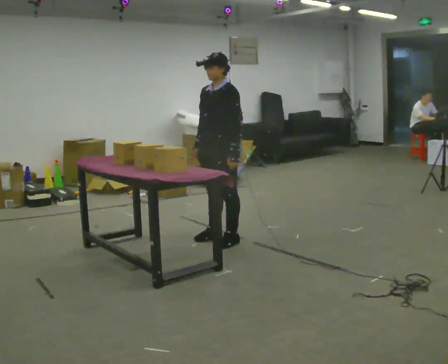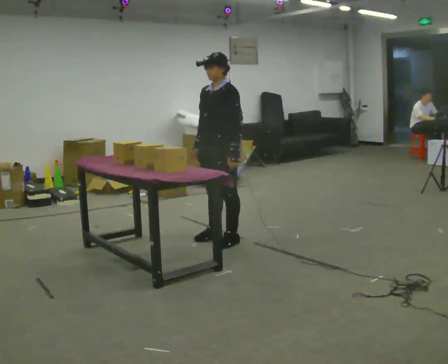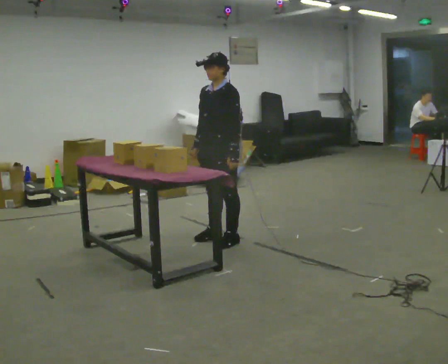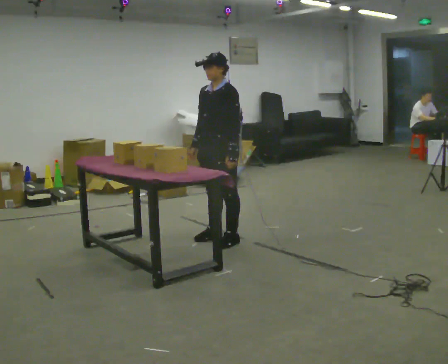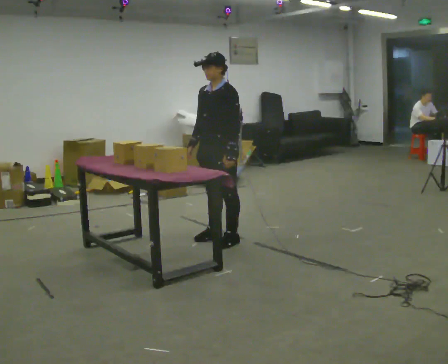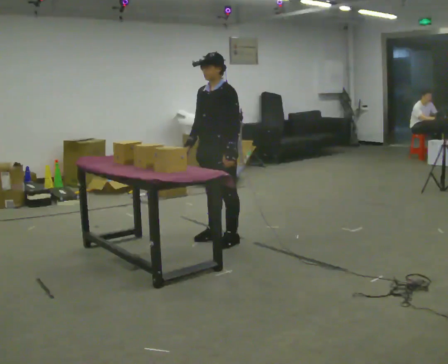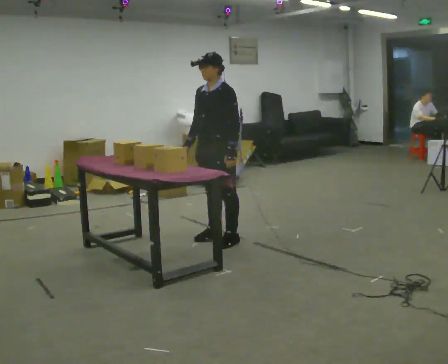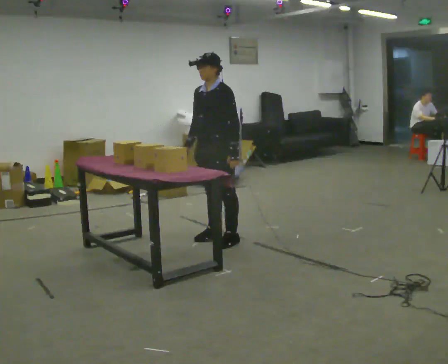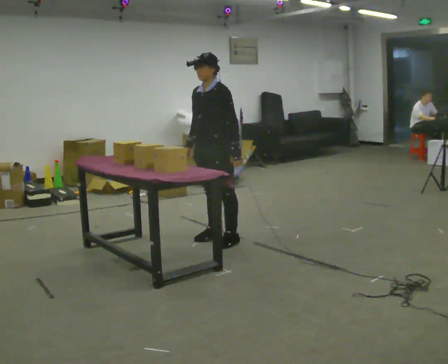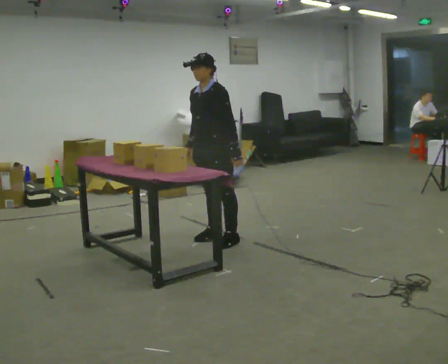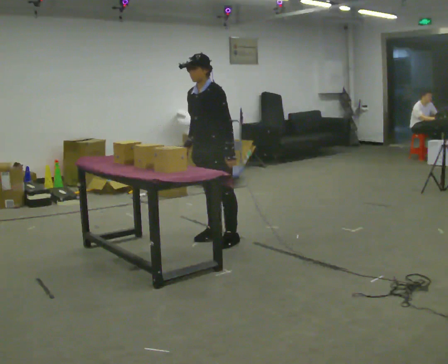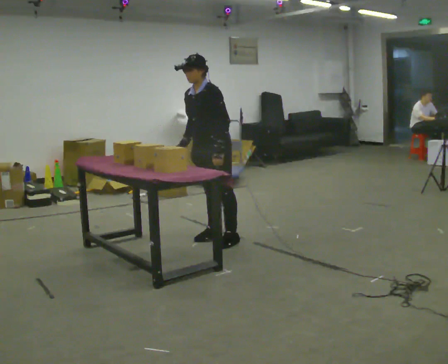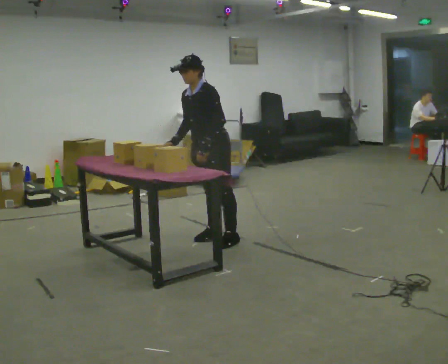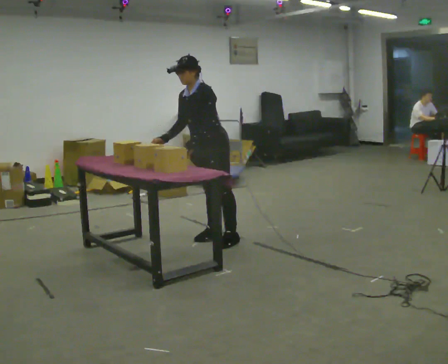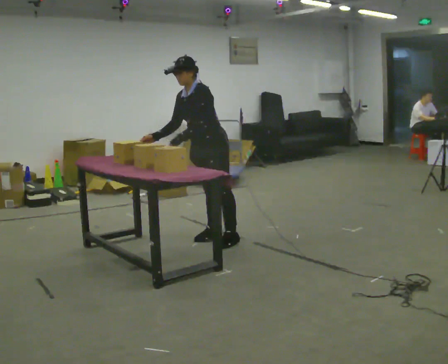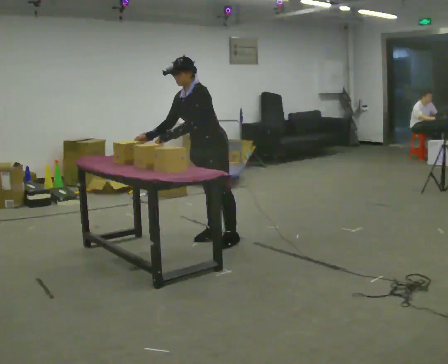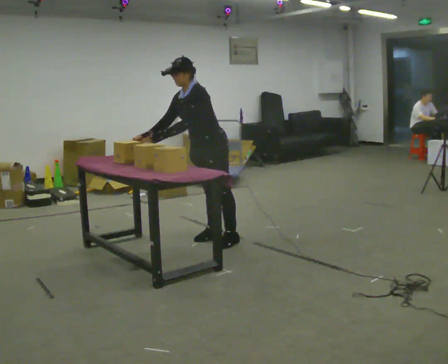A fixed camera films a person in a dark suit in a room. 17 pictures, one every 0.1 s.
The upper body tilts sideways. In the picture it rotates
counterclockwise.
0.0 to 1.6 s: In the picture the upper body tilts counterclockwise, shoulders to the left, as they bend forward. In the picture their left hand goes to the left.
The film runs backward here.
